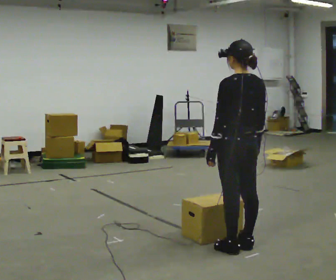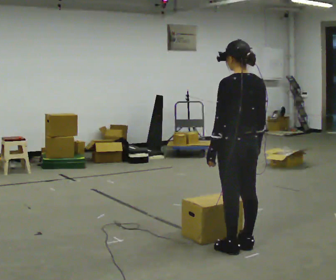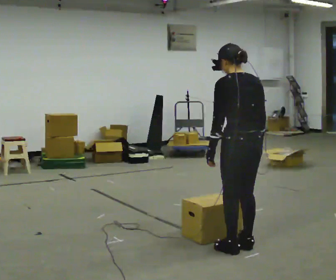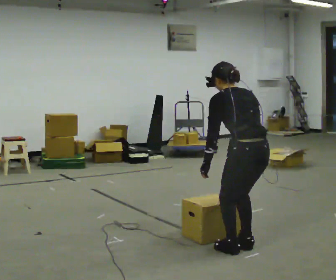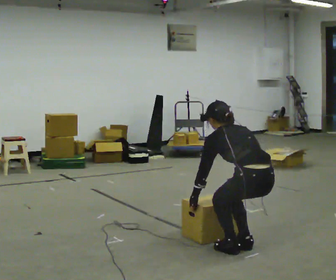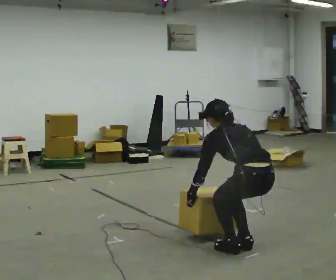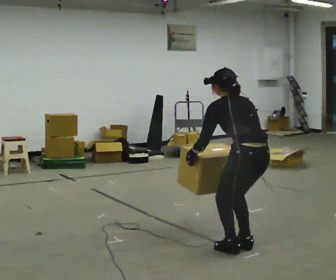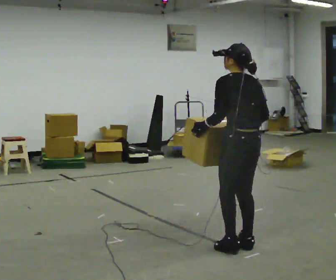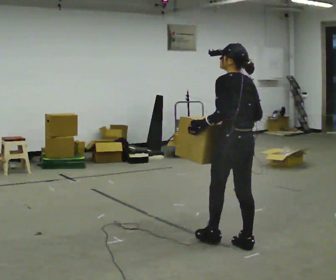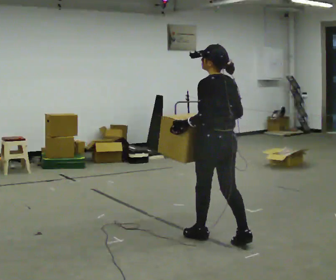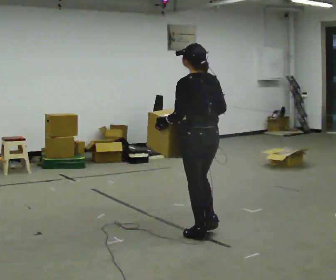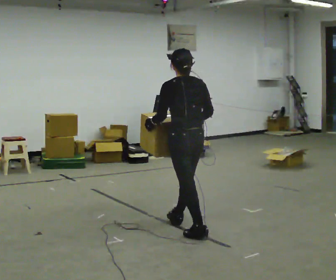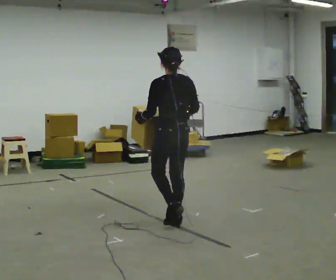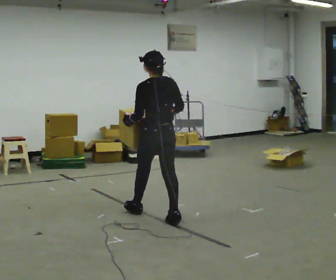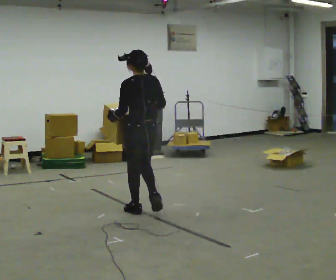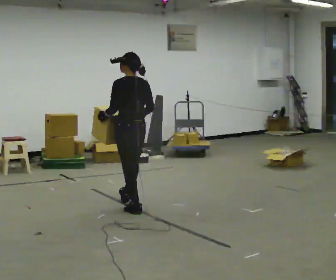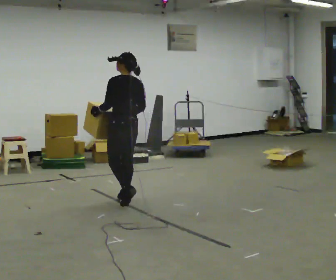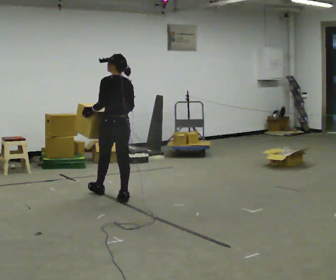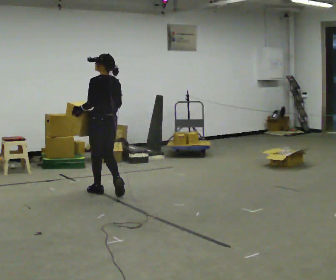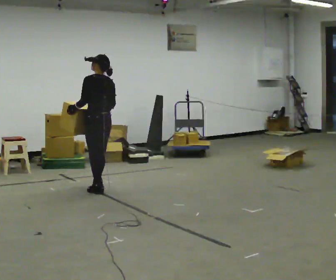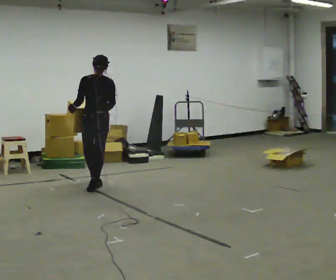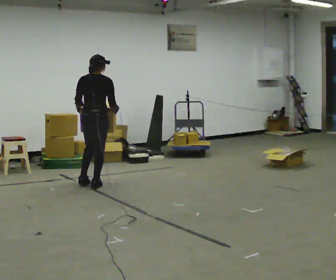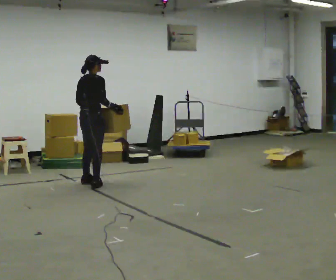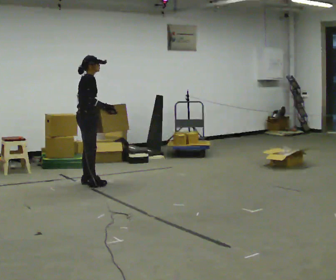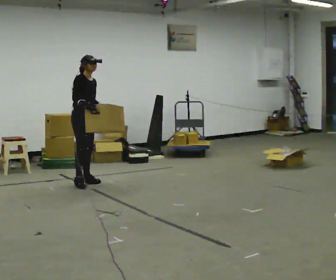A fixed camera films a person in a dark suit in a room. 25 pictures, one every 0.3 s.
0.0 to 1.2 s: The upper body goes downward. The upper body tips away from the camera, its near side rolling upward, as they bend forward. In the picture their left hand goes downward.
1.2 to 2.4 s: In the picture they go away from the camera, about 0.25 m, which for them is forward. The upper body goes upward. In the picture the upper body tilts clockwise, shoulders to the right, as they lean back or straighten. In the picture their left hand goes upward.
2.4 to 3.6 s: In the picture they go away from the camera and to the left, about 1 m in 2 steps, which for them is forward.
3.6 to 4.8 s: In the picture they go away from the camera and to the left, about 1 m in 2 steps, which for them is forward.
4.8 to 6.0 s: In the picture they go away from the camera and to the left, about 0.5 m in 2 steps, which for them is forward.
6.0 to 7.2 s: The person turns about 135 degrees to their right, clockwise seen from above, so the part of the body nearest the lens slides to the left. In the picture they go to the left and away from the camera, about 0.25 m in 1 step.
The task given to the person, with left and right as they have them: Carry the box across the room while freely looking around at the walls, ceiling and floor. Keep going until the operator says stop; one object at a time, and do not rush between trips.
The film runs forward here.
